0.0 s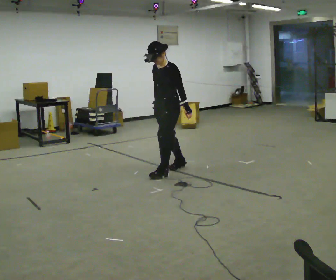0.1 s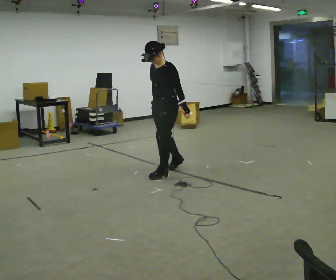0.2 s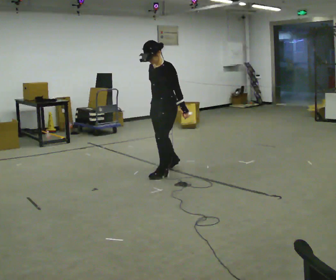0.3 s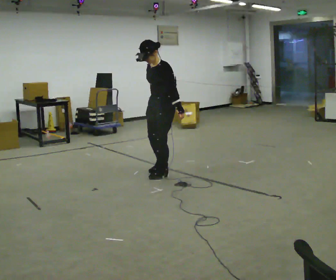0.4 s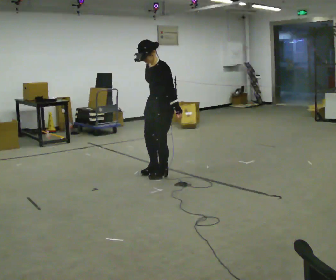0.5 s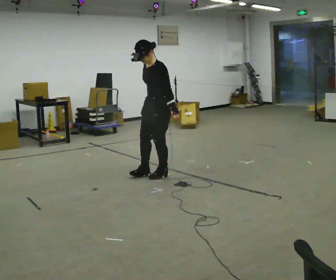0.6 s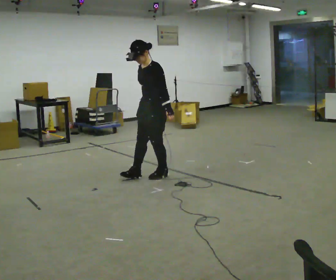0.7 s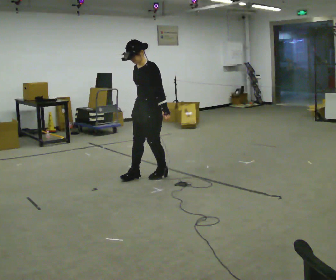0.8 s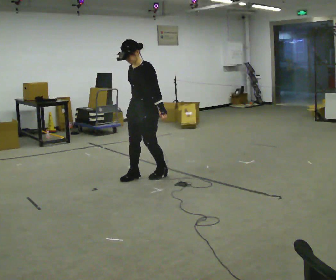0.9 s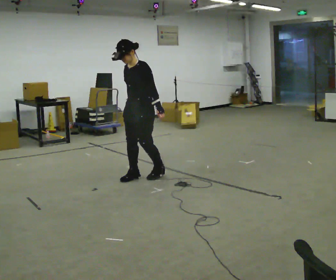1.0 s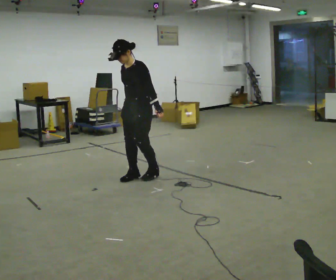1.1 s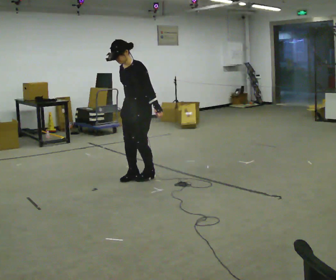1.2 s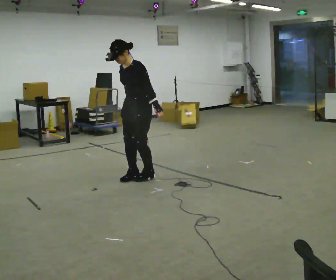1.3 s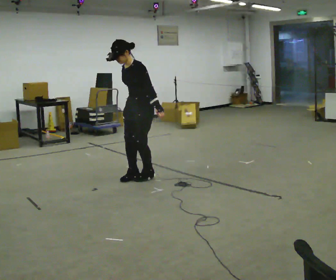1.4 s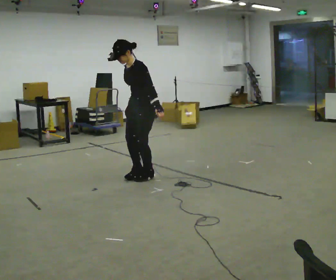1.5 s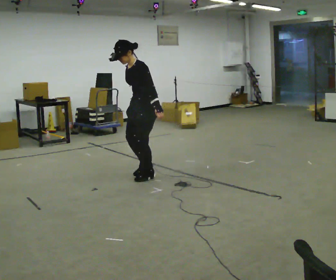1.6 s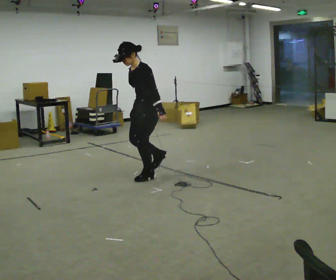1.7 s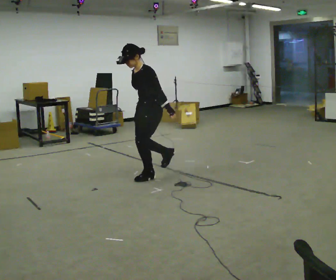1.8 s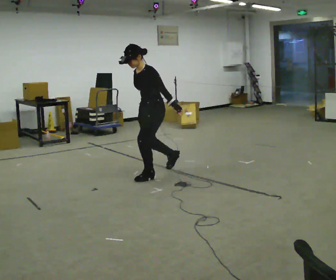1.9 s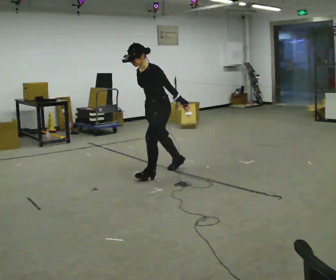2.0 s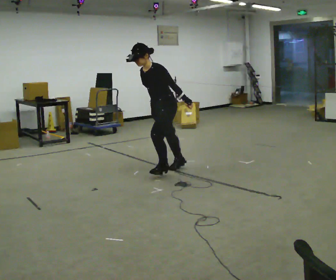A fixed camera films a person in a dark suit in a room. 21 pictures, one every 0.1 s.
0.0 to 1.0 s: In the picture they go to the left and toward the camera, about 0.5 m in 2 steps, which for them is forward.
1.0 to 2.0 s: In the picture they go to the right and away from the camera, about 0.25 m in 2 steps, which for them is backward. In the picture the upper body tilts counterclockwise, shoulders to the left, as they bend forward.
The film runs backward here.
